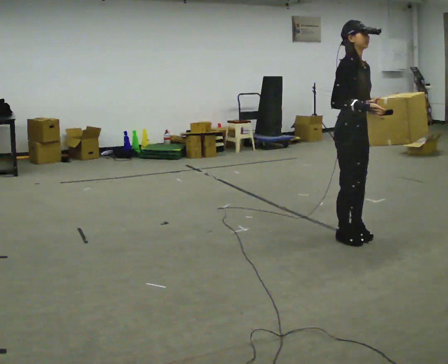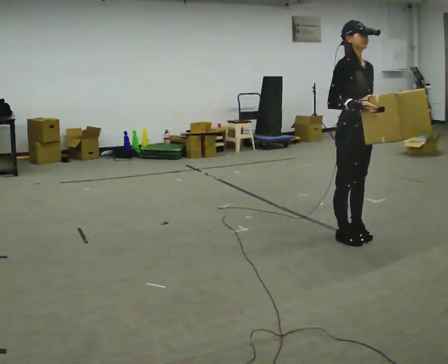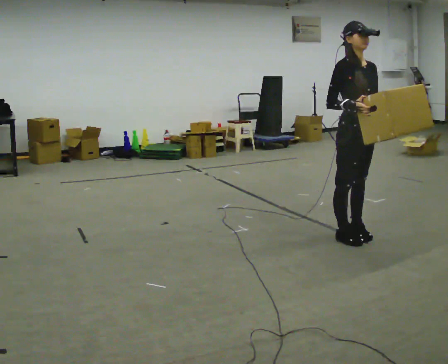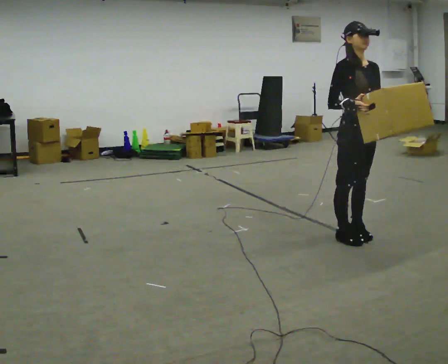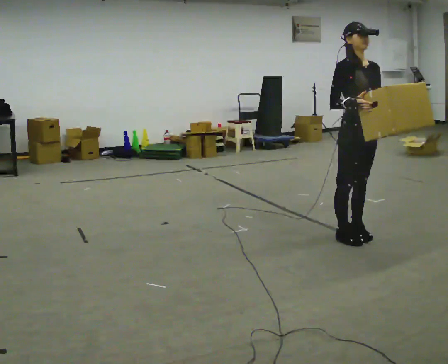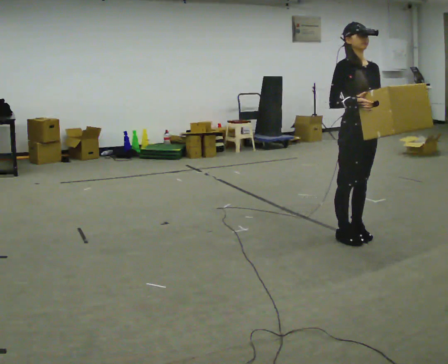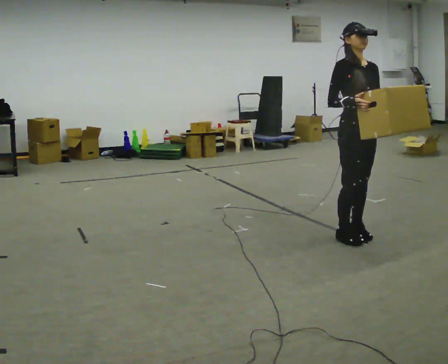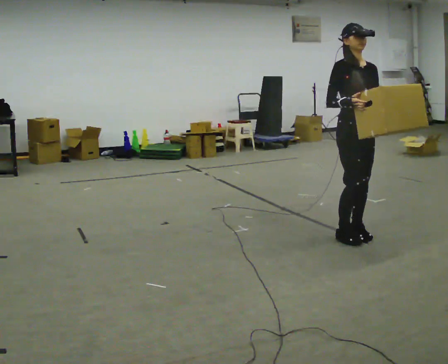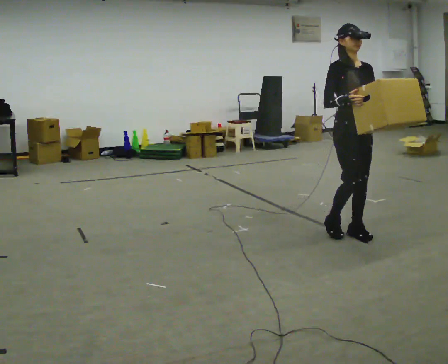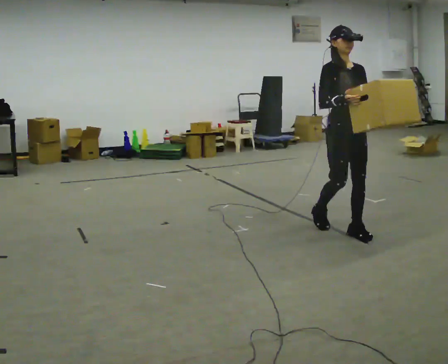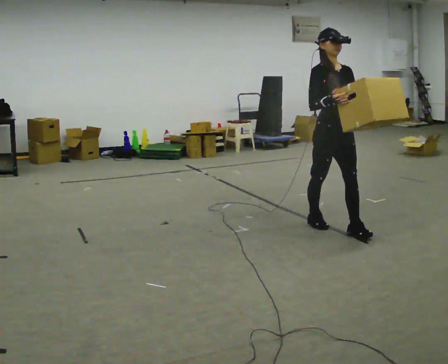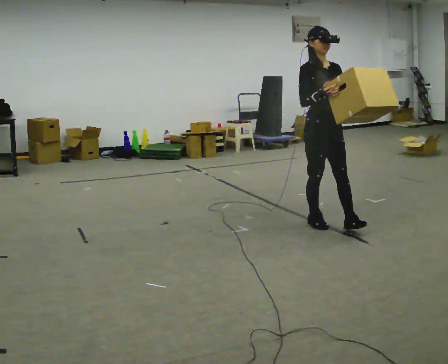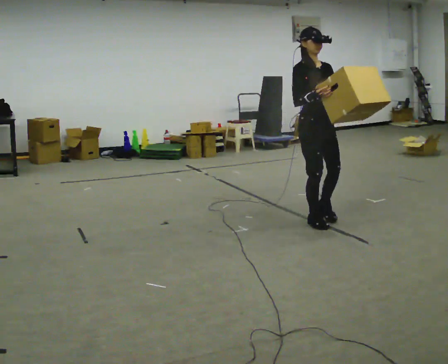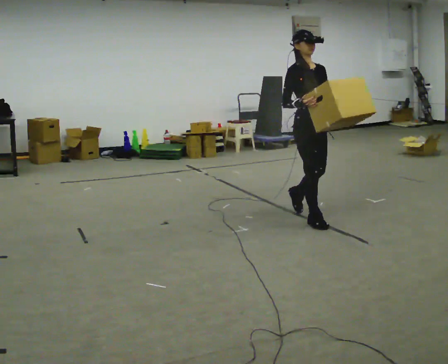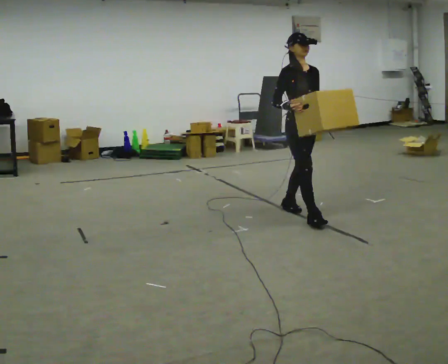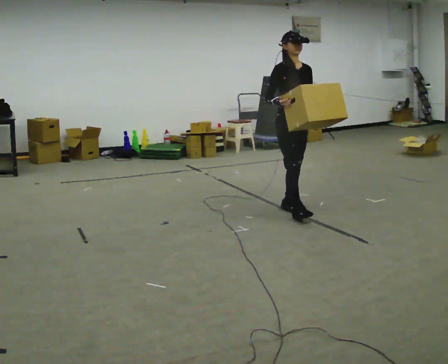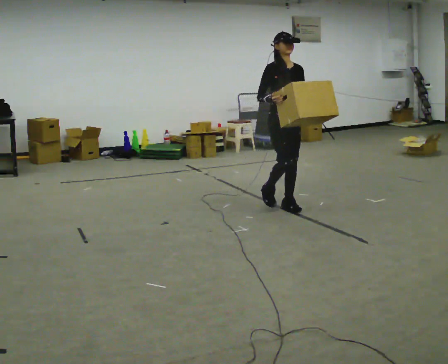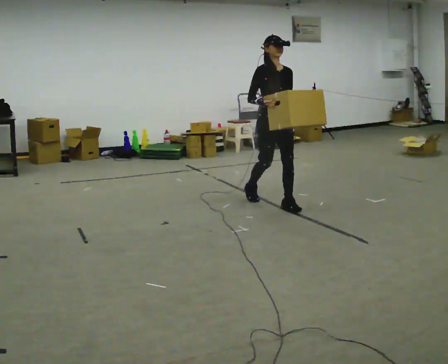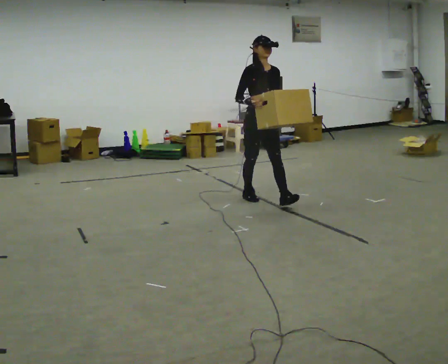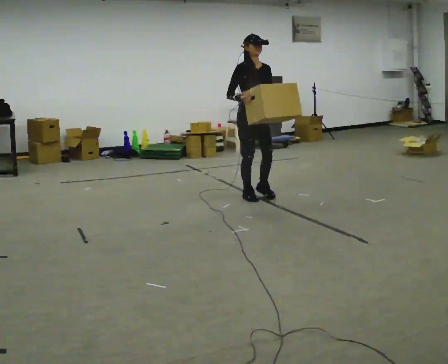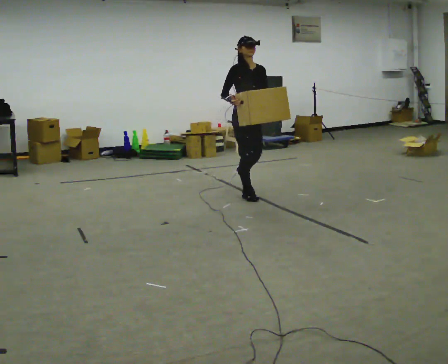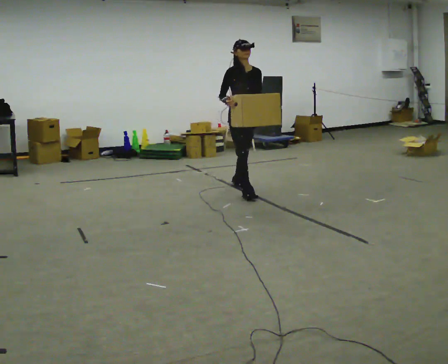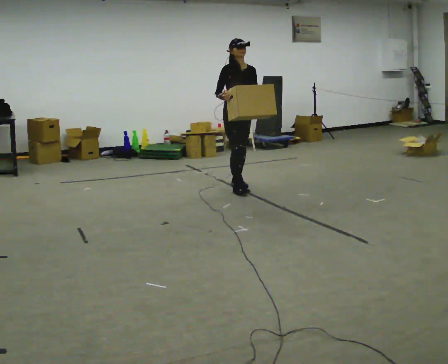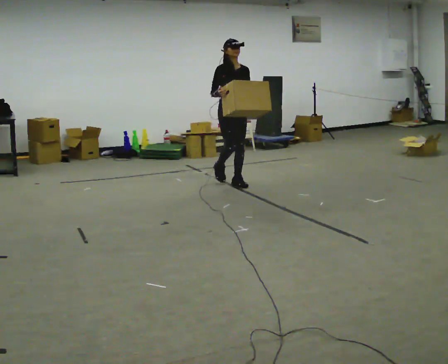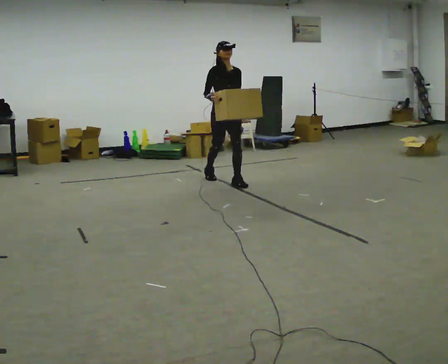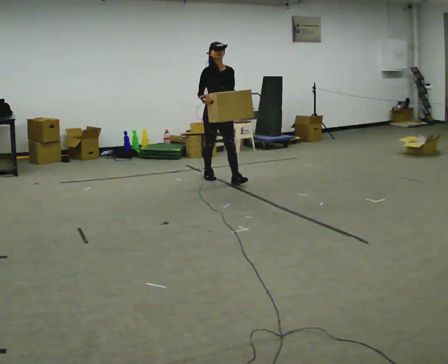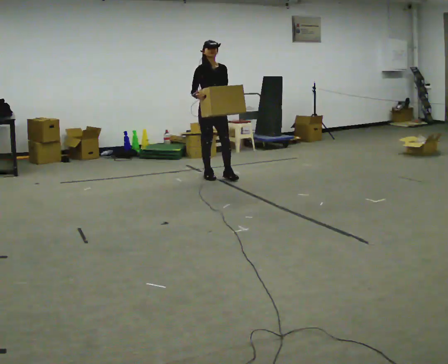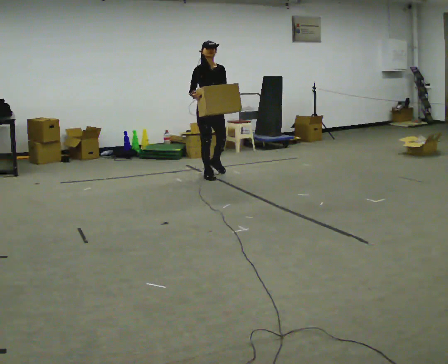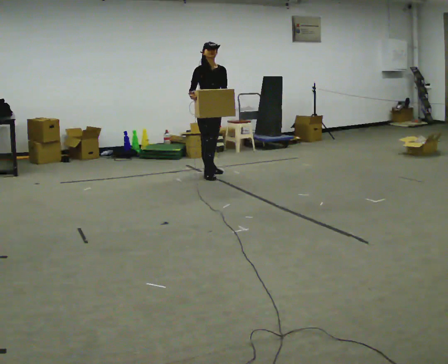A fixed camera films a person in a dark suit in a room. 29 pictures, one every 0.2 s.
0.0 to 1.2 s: Seen from above the body turns clockwise, about 30 degrees: to their right, with its near side sliding to the left.
1.2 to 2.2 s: In the picture they go to the left and away from the camera, about 0.5 m in 2 steps, which for them is backward.
2.2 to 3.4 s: In the picture they go away from the camera and to the left, about 1 m in 1 step, which for them is backward.
3.4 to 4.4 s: In the picture they go away from the camera and to the left, about 1 m in 2 steps, which for them is backward.
4.4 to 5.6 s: In the picture they go to the left and away from the camera, about 0.75 m in 1 step, which for them is backward.
The film runs backward here.
